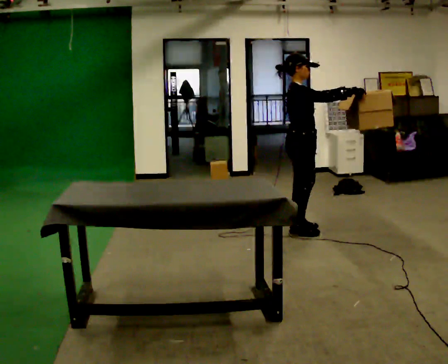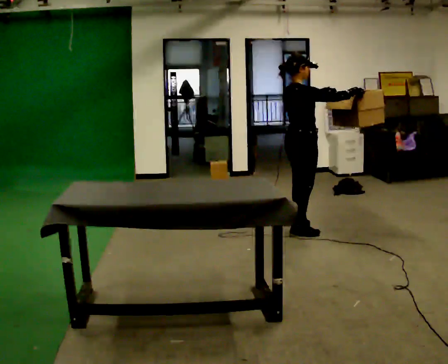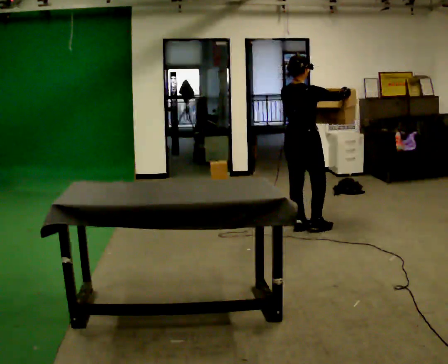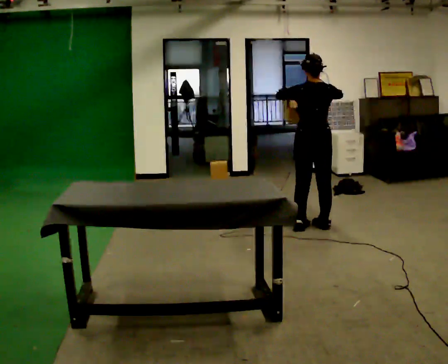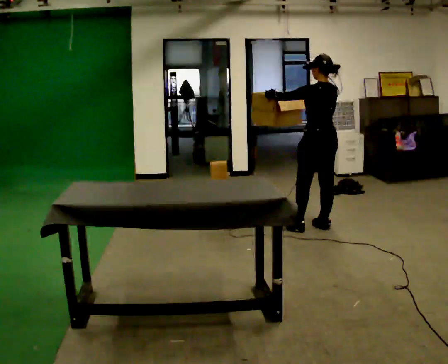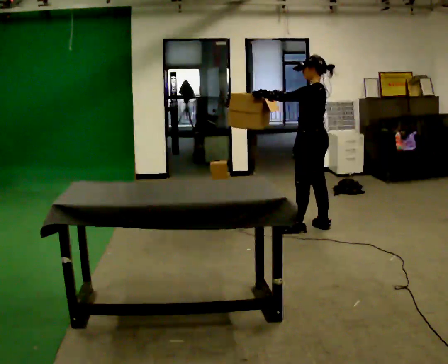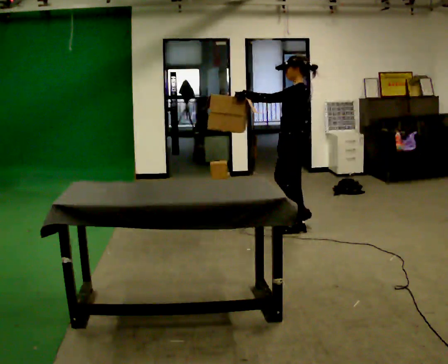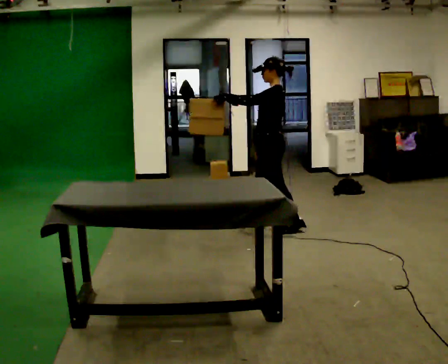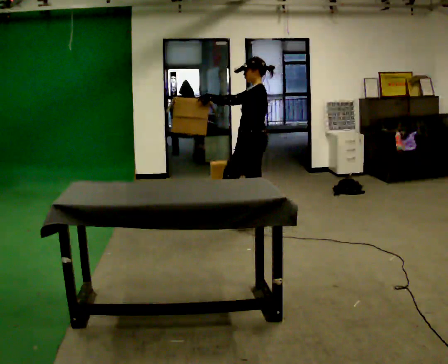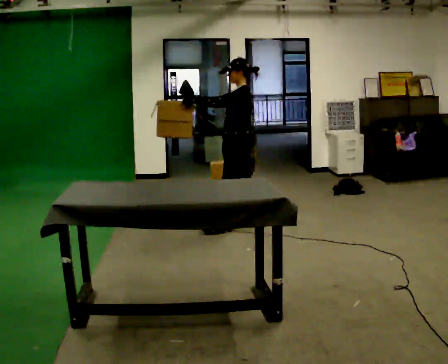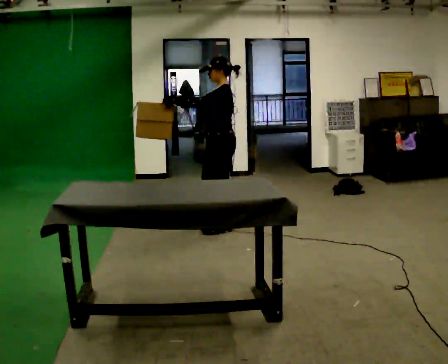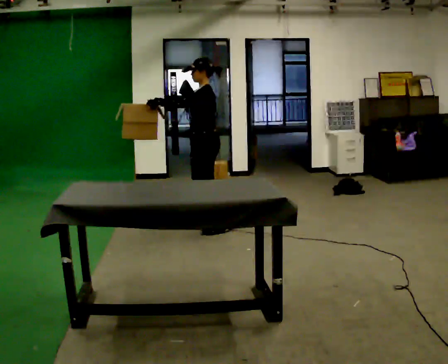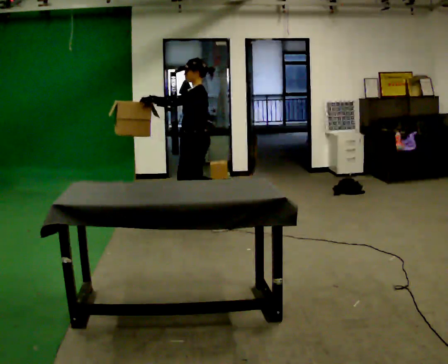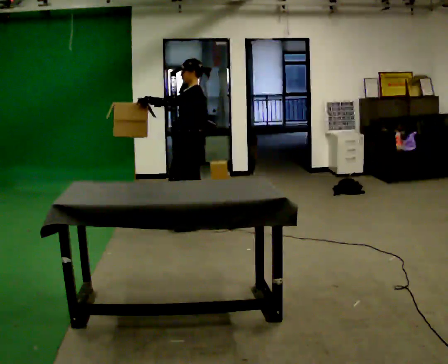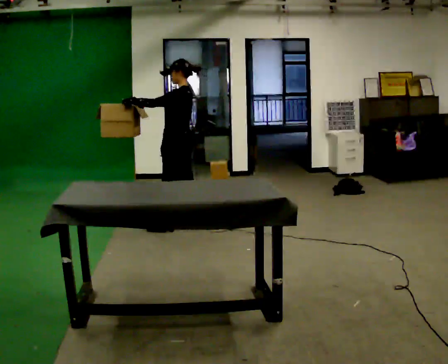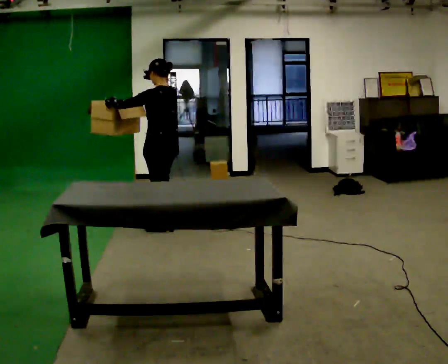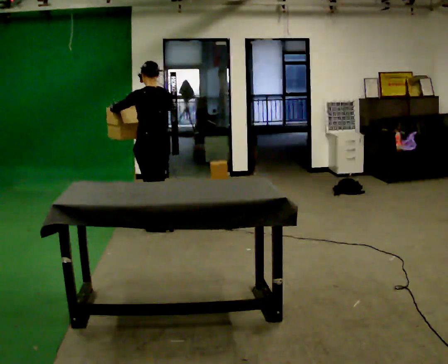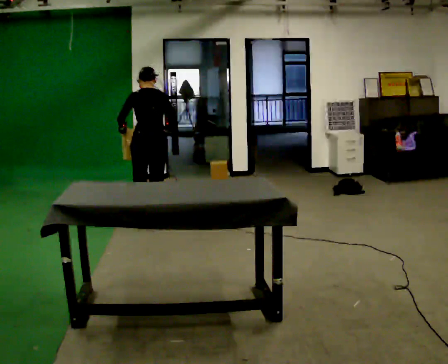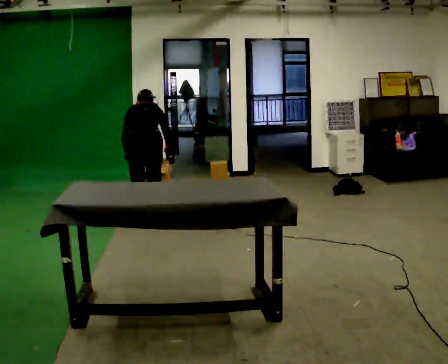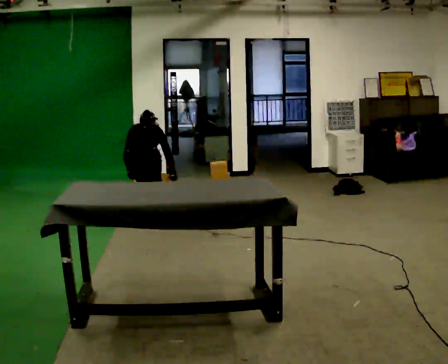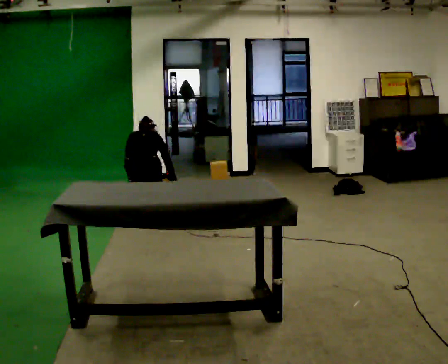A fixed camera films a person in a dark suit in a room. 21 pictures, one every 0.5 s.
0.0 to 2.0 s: The part of the body nearest the lens slides to the right as the person turns to their left by about 135 degrees. In the picture they go to the right and away from the camera, about 0.25 m in 1 step.
2.0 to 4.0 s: Seen from above the body turns counterclockwise, about 45 degrees: to their left, with its near side sliding to the right. In the picture they go to the left, about 0.75 m in 1 step, which for them is forward.
4.0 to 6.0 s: In the picture they go to the left, about 0.5 m in 2 steps, which for them is forward.
6.0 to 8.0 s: The part of the body nearest the lens slides to the left as the person turns to their right by about 60 degrees. In the picture they go to the left, about 0.5 m in 2 steps.
8.0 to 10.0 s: The person turns about 45 degrees to their right, clockwise seen from above, so the part of the body nearest the lens slides to the left. The shoulders move downward. The upper body tips away from the camera, its near side rolling upward, as they bend forward. In the picture their right hand goes downward.
The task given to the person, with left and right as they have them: 1. Move everything from the second bin into the first bin. 2. Carry the empty bin to the shelf. 3. Carry the full bin to the table. 4. Tell the operator when you are finished.
The film runs forward here.
